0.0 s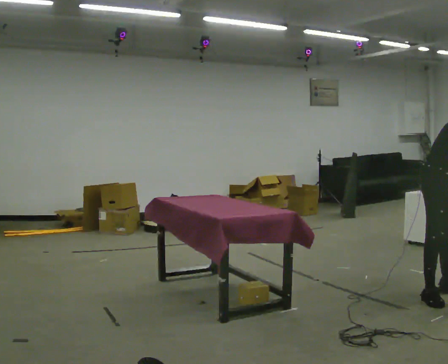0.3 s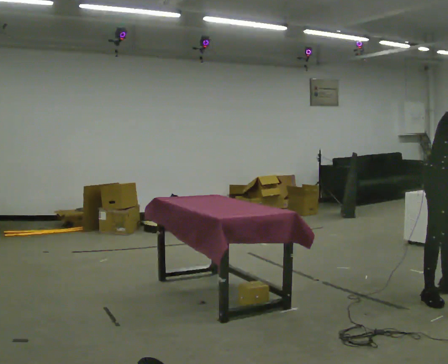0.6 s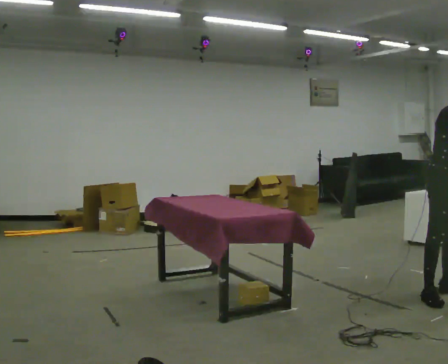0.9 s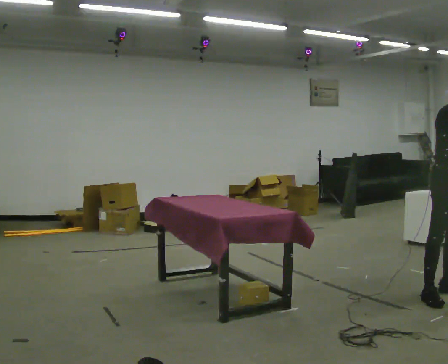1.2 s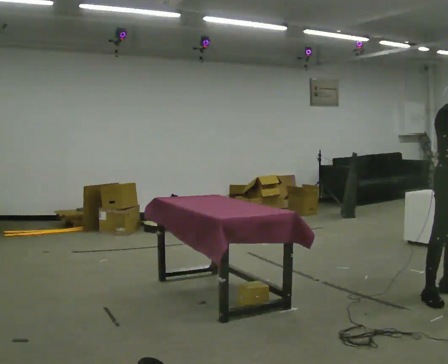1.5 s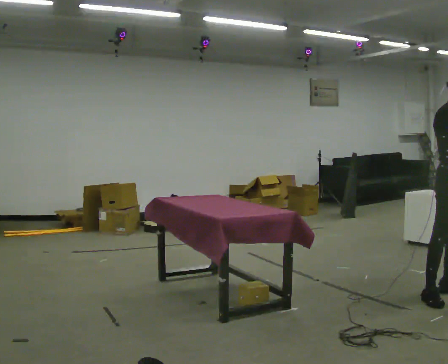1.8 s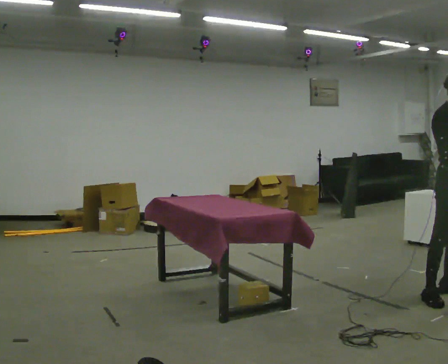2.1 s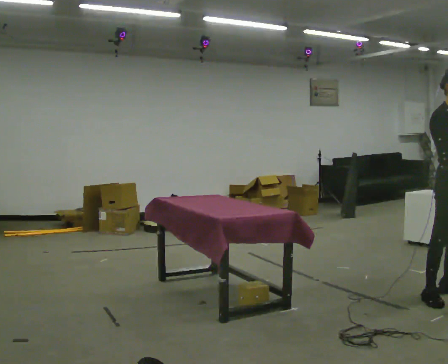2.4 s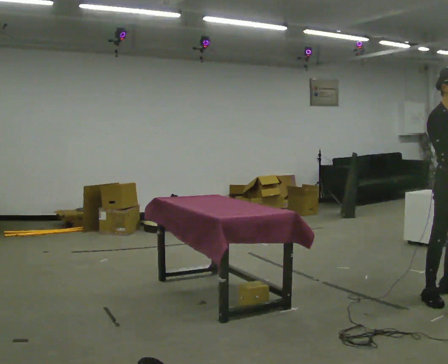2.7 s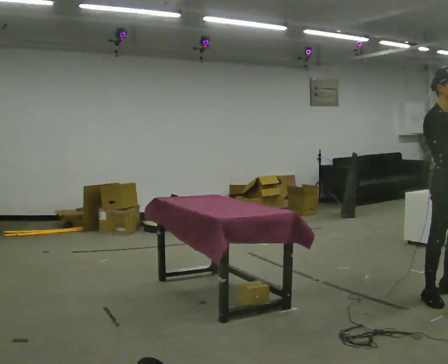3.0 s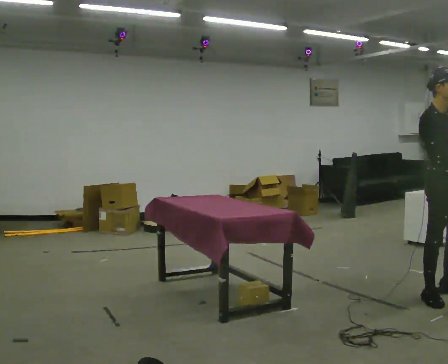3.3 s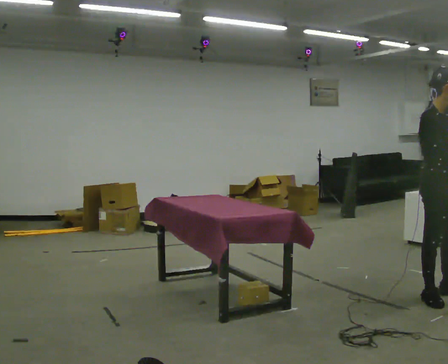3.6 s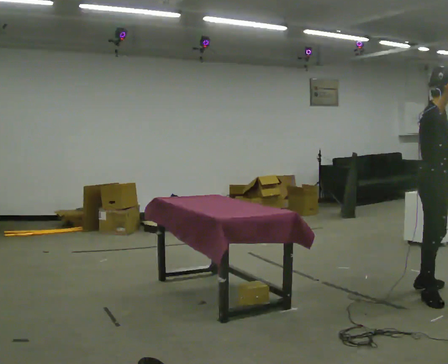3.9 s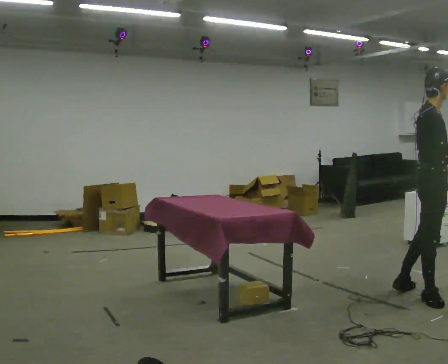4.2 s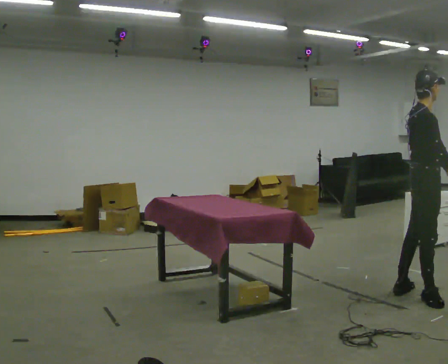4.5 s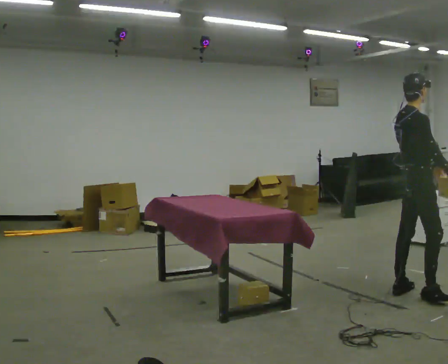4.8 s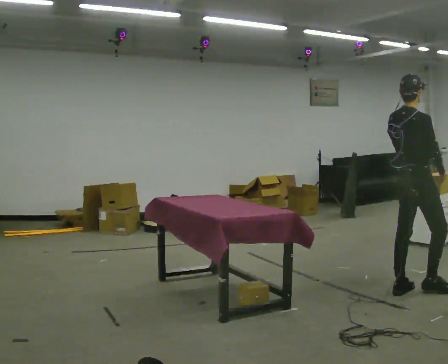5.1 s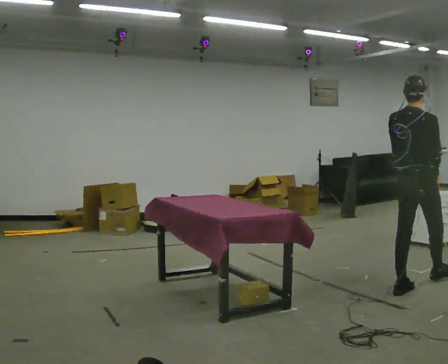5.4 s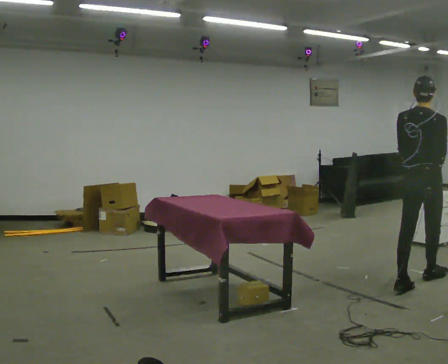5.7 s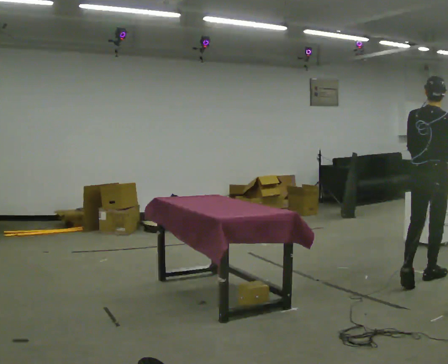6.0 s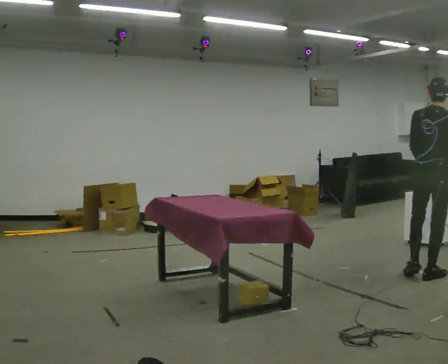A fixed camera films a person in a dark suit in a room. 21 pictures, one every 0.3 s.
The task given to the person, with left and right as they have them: 1. The operator will tell you the shelf is already sorted and just needs moving to the table. 2. Do what you think is right. 3. Tell the operator when you are finished.
0.0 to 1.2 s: In the picture the upper body tilts counterclockwise, shoulders to the left, as they lean back or straighten.
1.2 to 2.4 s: The person moves a little, or ends about where they began.
2.4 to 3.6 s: Seen from above the body turns counterclockwise, about 30 degrees: to their left, with its near side sliding to the right.
3.6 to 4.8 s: Seen from above the body turns counterclockwise, about 45 degrees: to their left, with its near side sliding to the right. In the picture they go away from the camera and to the left, about 0.25 m in 1 step, which for them is to their left.
4.8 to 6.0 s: The person turns about 45 degrees to their left, counterclockwise seen from above, so the part of the body nearest the lens slides to the right. In the picture they go away from the camera and to the right, about 0.5 m in 1 step, which for them is forward.
The film runs forward here.
